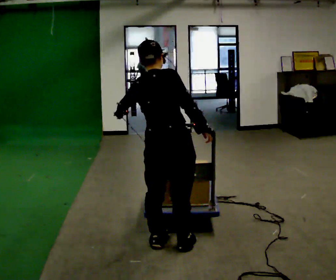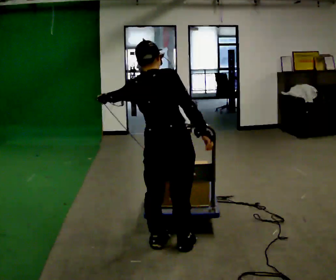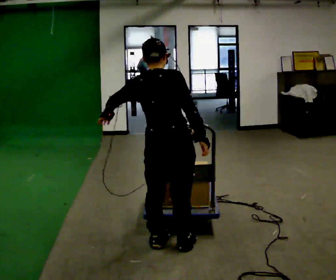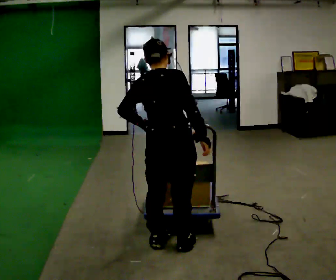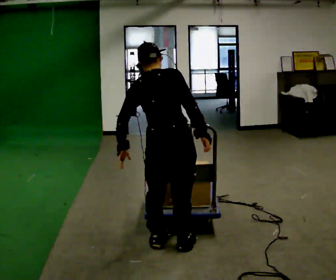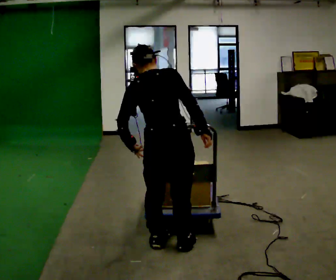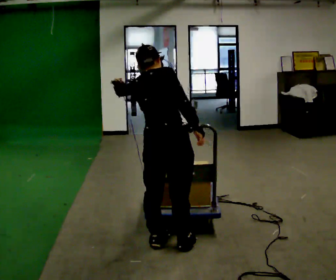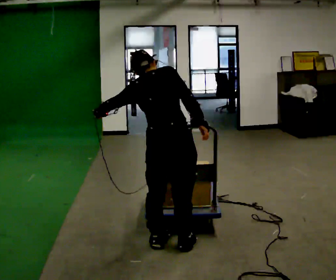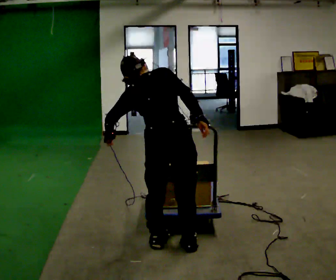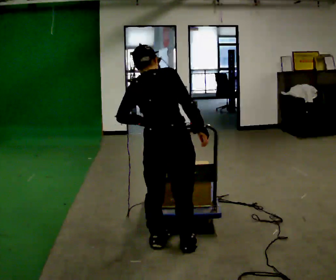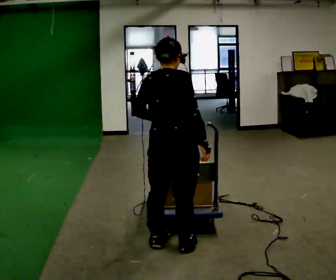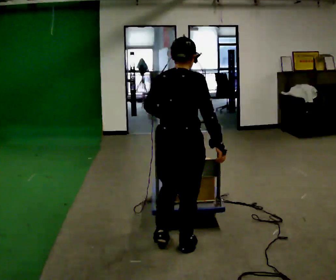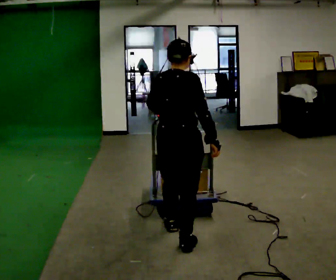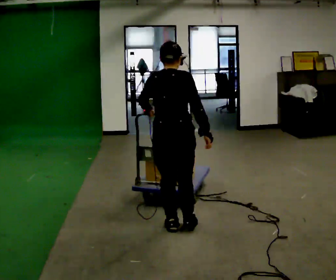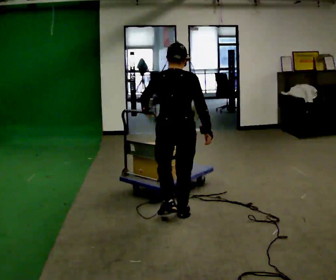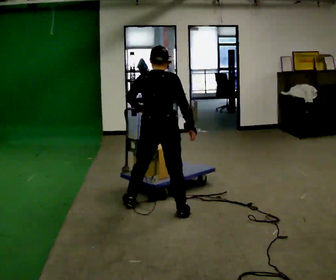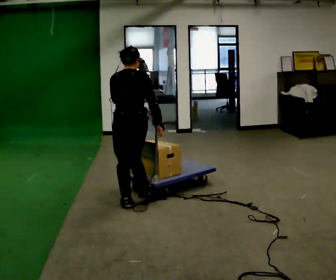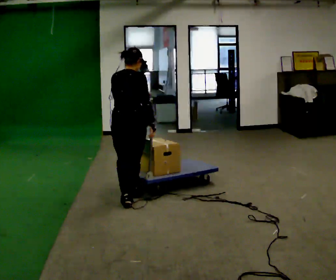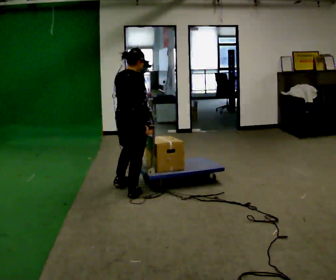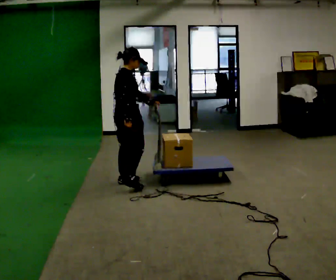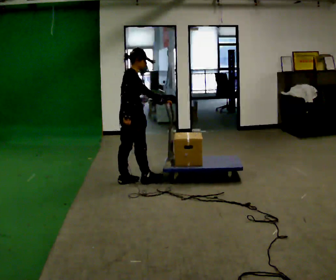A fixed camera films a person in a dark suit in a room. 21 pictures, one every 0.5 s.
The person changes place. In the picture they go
away from the camera.
0.0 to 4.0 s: The person moves a little, or ends about where they began.
4.0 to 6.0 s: In the picture they go away from the camera, about 0.25 m in 1 step, which for them is forward. In the picture the upper body tilts clockwise, shoulders to the right, as they lean back or straighten. In the picture their left hand goes to the right.
6.0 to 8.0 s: The person turns about 30 degrees to their left, counterclockwise seen from above, so the part of the body nearest the lens slides to the right. In the picture they go away from the camera and to the left, about 1 m in 2 steps, which for them is forward and to their left.
8.0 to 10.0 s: The part of the body nearest the lens slides to the left as the person turns to their right by about 75 degrees. In the picture they go away from the camera, about 0.5 m in 3 steps.
The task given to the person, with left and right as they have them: Push the cart along the marked route and round the corner to the side the operator calls.
The film runs forward here.
